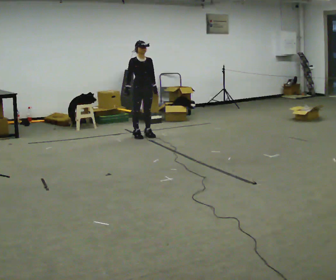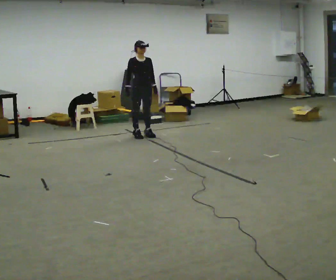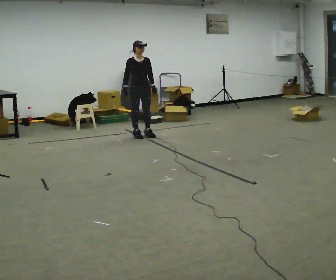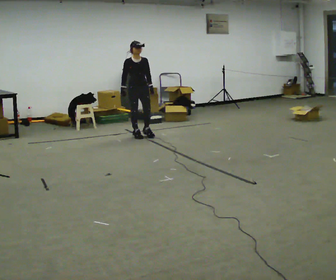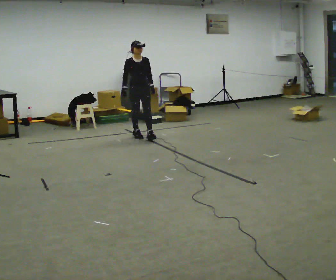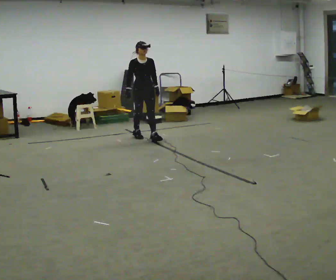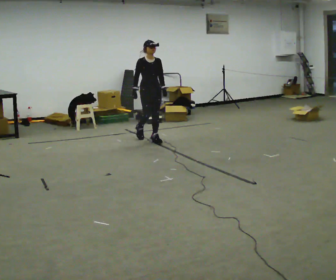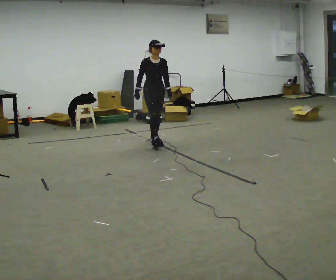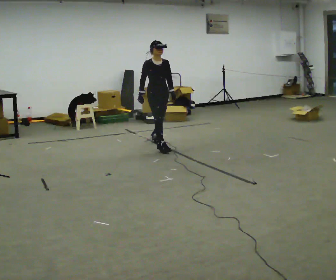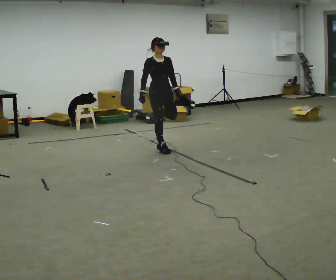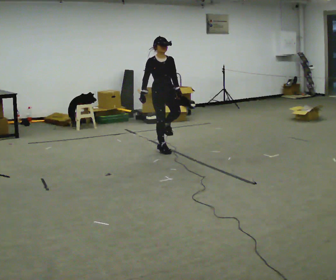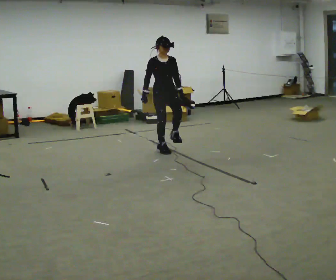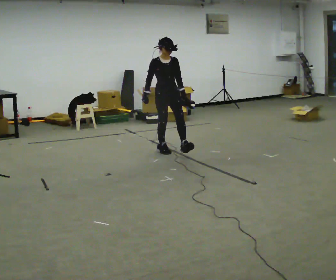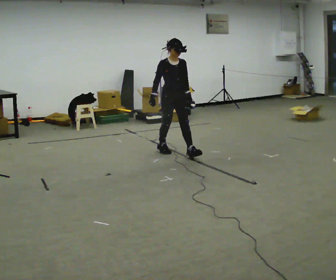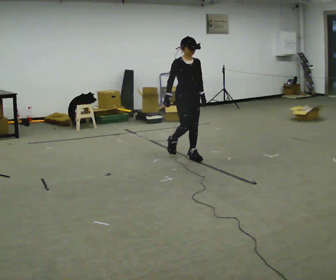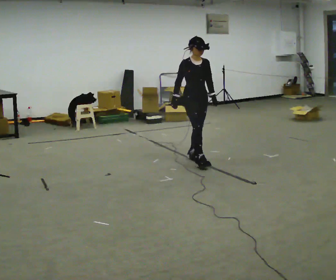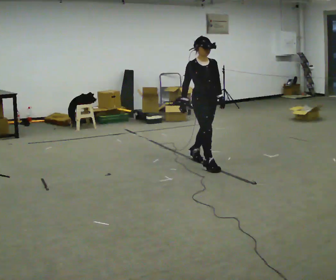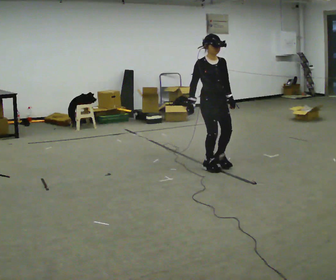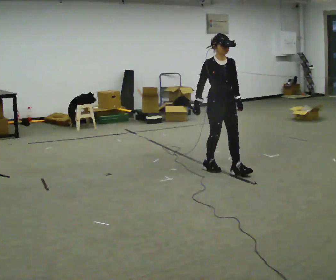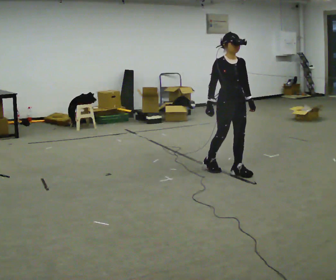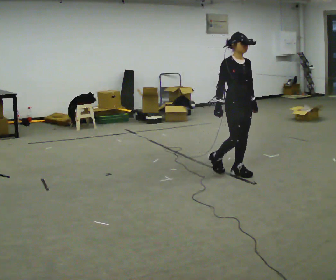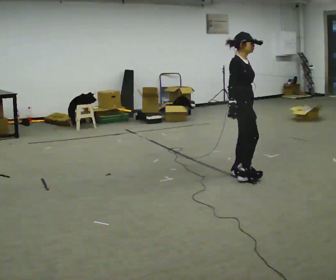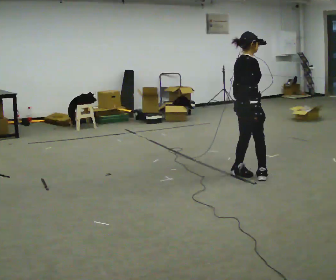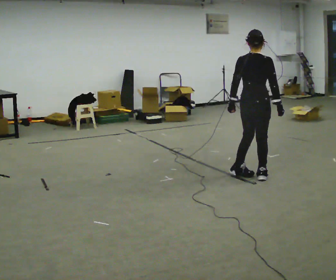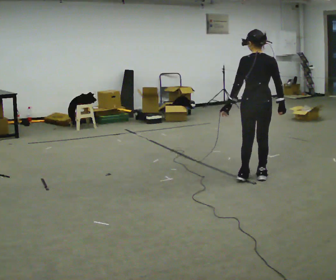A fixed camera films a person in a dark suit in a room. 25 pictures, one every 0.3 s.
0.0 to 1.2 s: The person moves a little, or ends about where they began.
1.2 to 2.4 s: In the picture they go toward the camera and to the right, about 0.75 m in 2 steps, which for them is forward.
2.4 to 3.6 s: In the picture they go toward the camera, about 0.25 m, which for them is forward.
3.6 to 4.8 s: In the picture they go toward the camera and to the right, about 0.5 m in 2 steps, which for them is forward.
4.8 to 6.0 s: In the picture they go toward the camera and to the right, about 0.5 m in 1 step, which for them is forward.
6.0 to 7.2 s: Seen from above the body turns counterclockwise, about 150 degrees: to their left, with its near side sliding to the right. In the picture they go toward the camera and to the right, about 0.25 m in 2 steps.
The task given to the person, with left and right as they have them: Walk normally but hold both hands together in front of you at chest height; do not swing your arms; stop.
The film runs forward here.
